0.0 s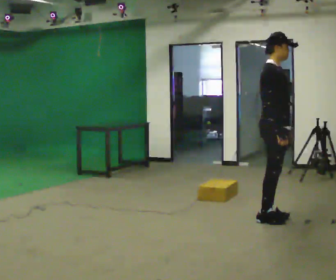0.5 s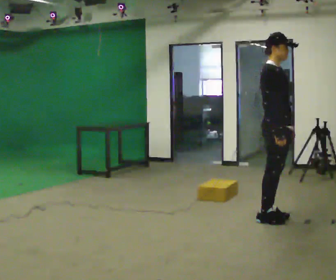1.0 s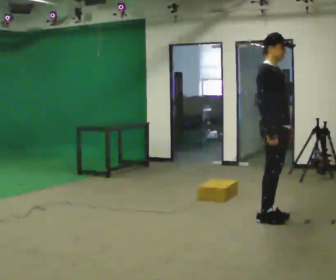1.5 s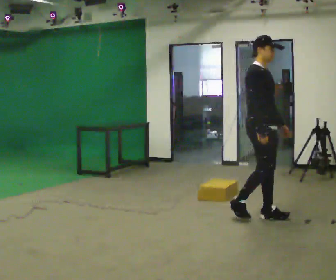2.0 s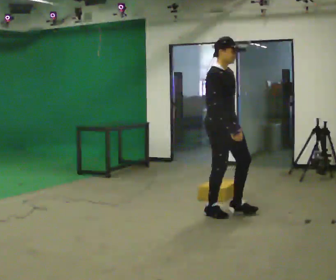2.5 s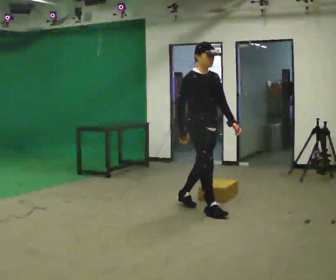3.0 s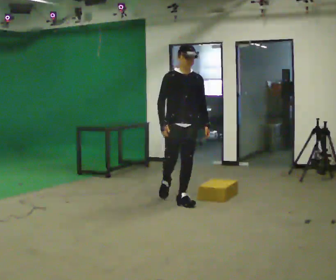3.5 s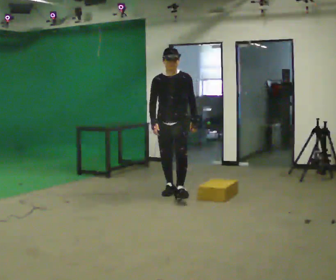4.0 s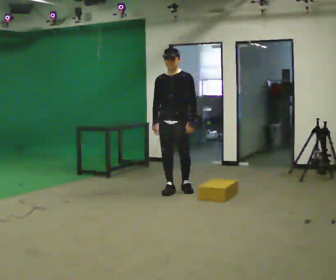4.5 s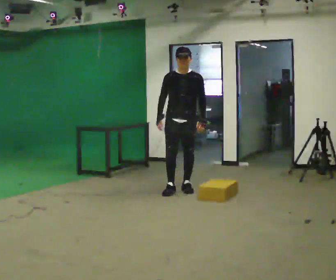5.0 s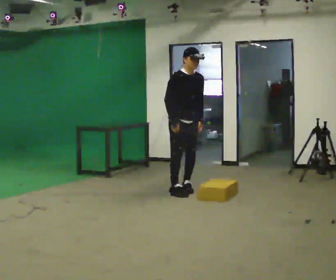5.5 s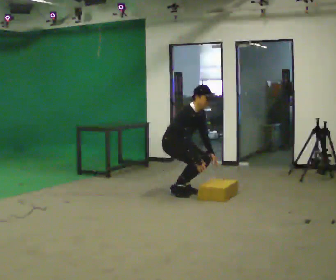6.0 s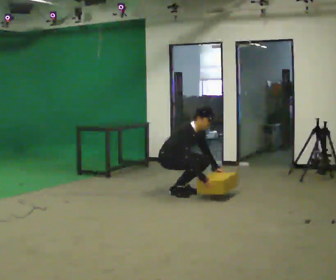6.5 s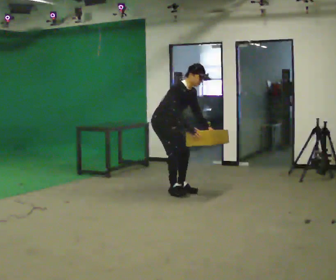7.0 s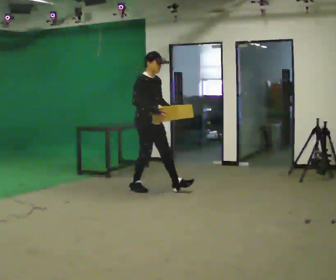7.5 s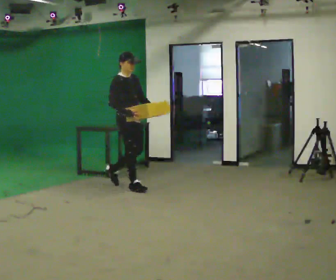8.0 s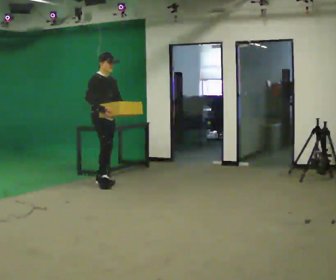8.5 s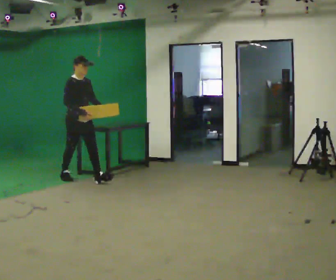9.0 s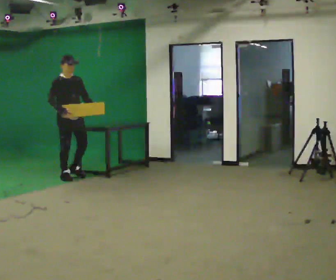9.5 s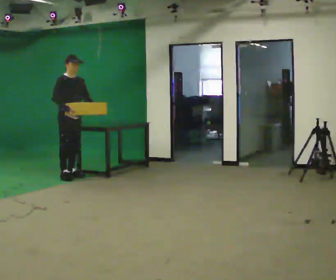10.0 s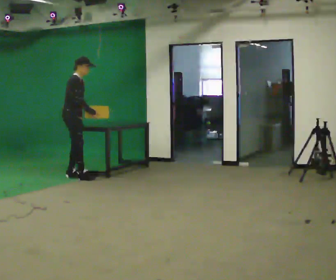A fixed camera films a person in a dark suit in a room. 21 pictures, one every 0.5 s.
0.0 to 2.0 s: In the picture they go to the left and away from the camera, about 0.5 m in 2 steps, which for them is backward.
2.0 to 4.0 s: The part of the body nearest the lens slides to the left as the person turns to their right by about 75 degrees. In the picture they go away from the camera and to the left, about 1.5 m in 2 steps.
4.0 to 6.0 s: The part of the body nearest the lens slides to the right as the person turns to their left by about 75 degrees. The upper body goes downward. In the picture the upper body tilts clockwise, shoulders to the right, as they bend forward. In the picture their right hand goes to the right and downward.
6.0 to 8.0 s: In the picture they go to the left and away from the camera, about 1 m in 3 steps, which for them is backward. The shoulders move upward. In the picture the upper body tilts counterclockwise, shoulders to the left, as they lean back or straighten. In the picture their right hand goes upward.
8.0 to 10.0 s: The part of the body nearest the lens slides to the right as the person turns to their left by about 30 degrees. In the picture they go to the left and away from the camera, about 0.75 m in 2 steps, which for them is backward.
The film runs backward here.
